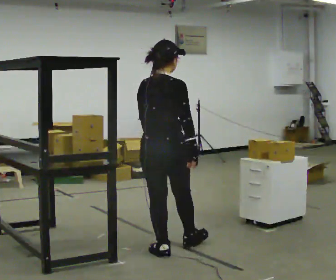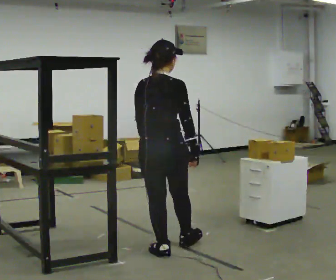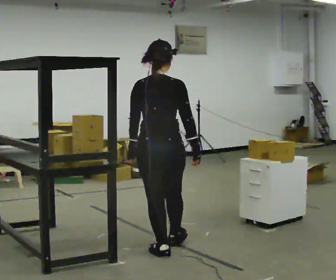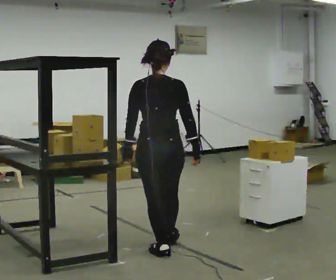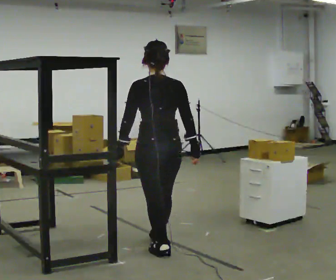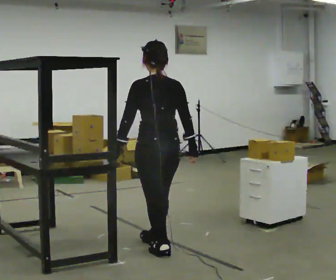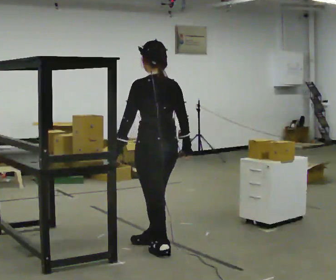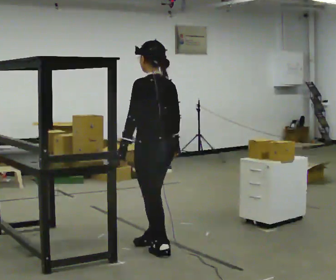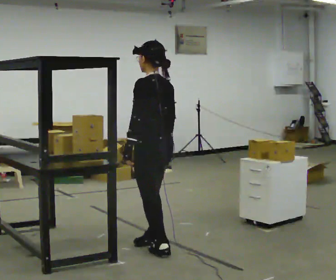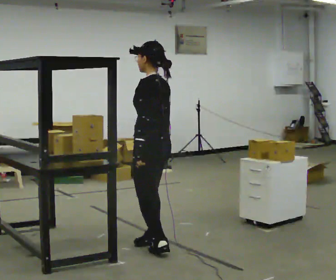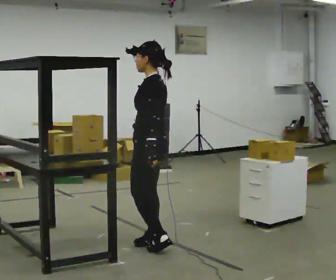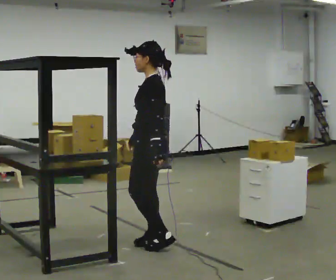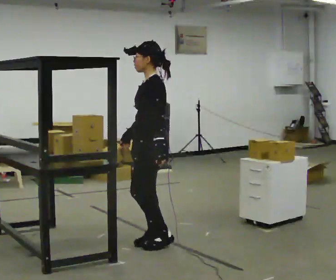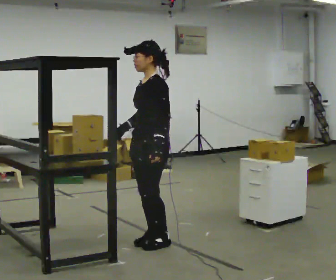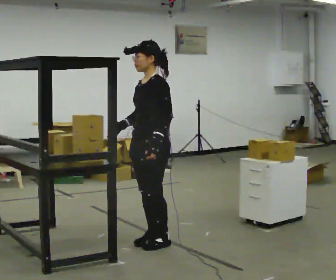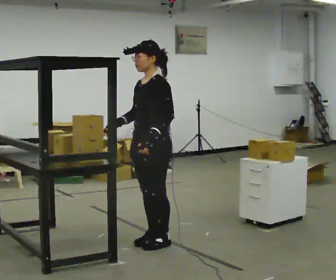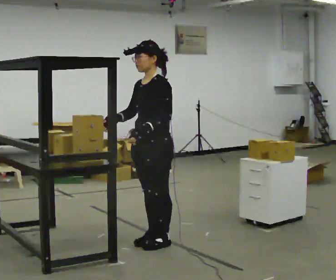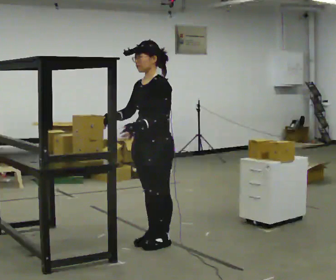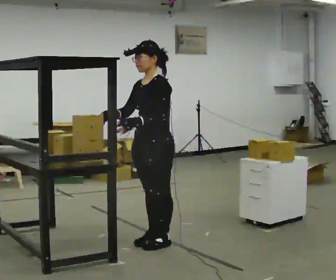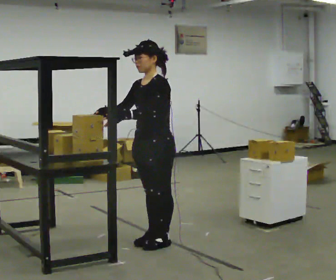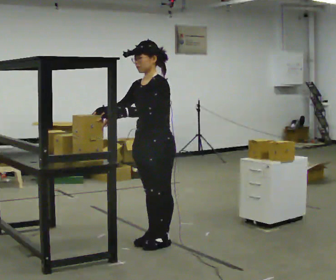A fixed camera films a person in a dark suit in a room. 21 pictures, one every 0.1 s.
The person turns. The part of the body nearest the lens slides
to the right.
The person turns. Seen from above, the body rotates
counterclockwise.
0.0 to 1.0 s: The person turns about 105 degrees to their left, counterclockwise seen from above, so the part of the body nearest the lens slides to the right. In the picture they go away from the camera, about 0.25 m in 2 steps.
1.0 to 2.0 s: The part of the body nearest the lens slides to the right as the person turns to their left by about 45 degrees. In the picture their right hand goes to the left, the arm swinging clockwise.
The film runs backward here.
